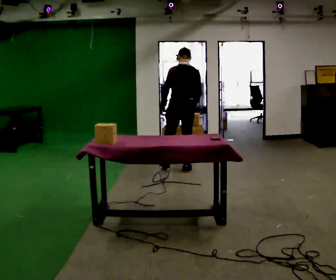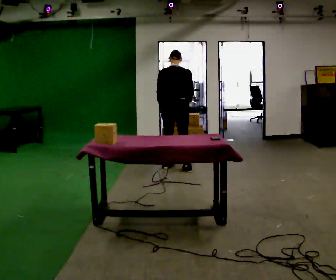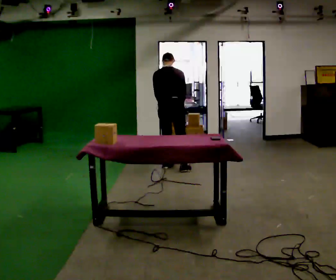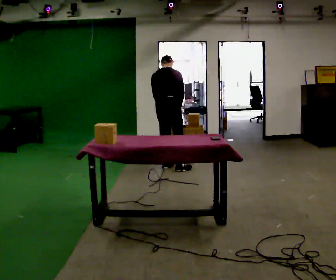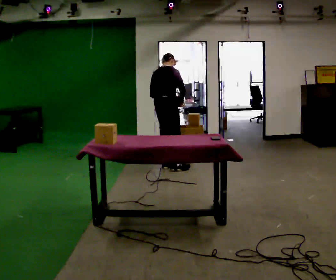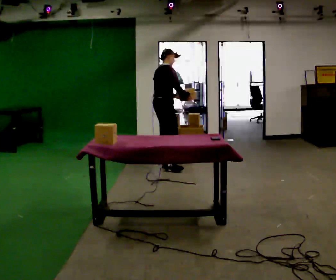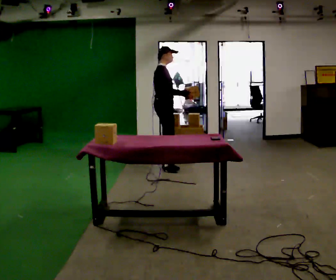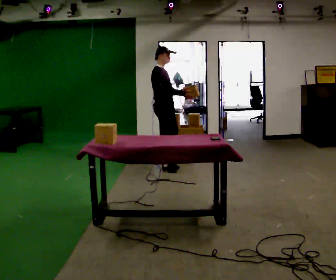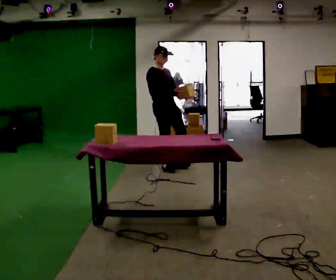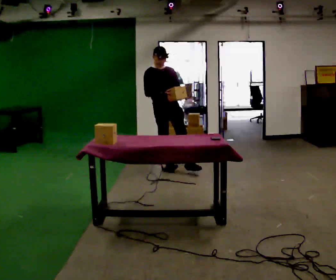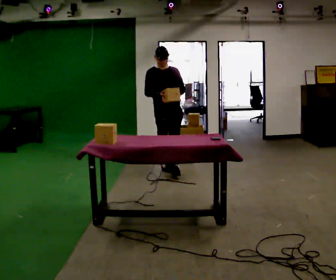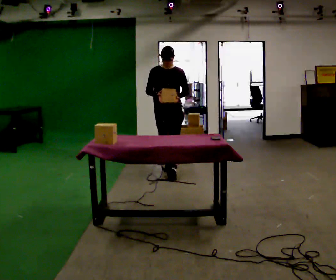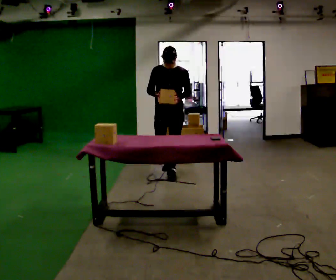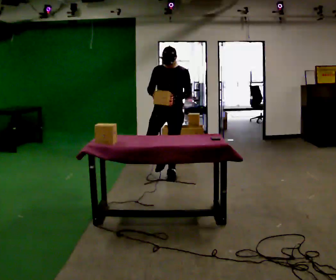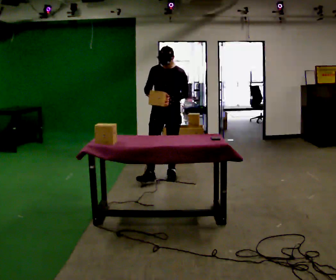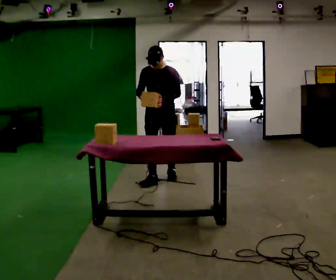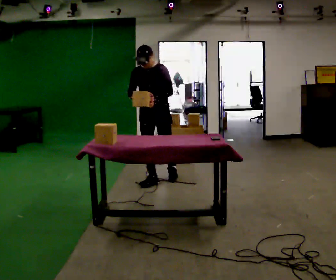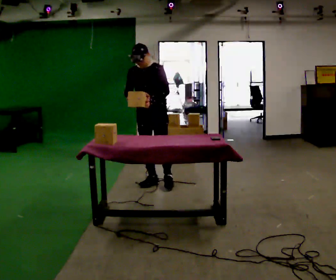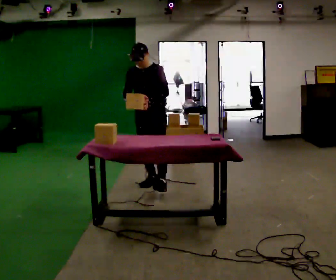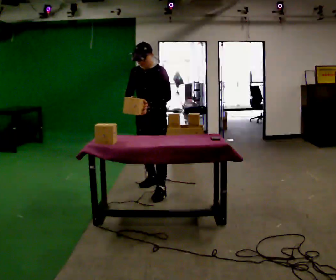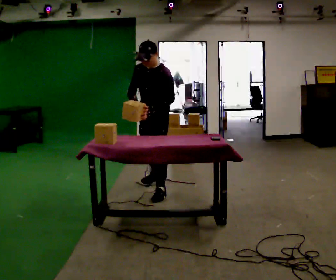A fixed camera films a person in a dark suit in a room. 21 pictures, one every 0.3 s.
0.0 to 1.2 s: Seen from above the body turns clockwise, about 60 degrees: to their right, with its near side sliding to the left. In the picture they go to the left, about 0.25 m in 1 step, which for them is to their left.
1.2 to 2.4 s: The person turns about 90 degrees to their right, clockwise seen from above, so the part of the body nearest the lens slides to the left. The upper body tips toward the camera, its near side rolling downward, as they lean back or straighten.
2.4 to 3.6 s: The part of the body nearest the lens slides to the left as the person turns to their right by about 60 degrees. In the picture they go toward the camera, about 0.25 m in 1 step, which for them is forward.
3.6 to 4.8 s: In the picture they go toward the camera and to the left, about 0.25 m in 1 step, which for them is forward.
4.8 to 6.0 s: Seen from above the body turns clockwise, about 30 degrees: to their right, with its near side sliding to the left. In the picture they go toward the camera, about 0.5 m in 1 step, which for them is forward and to their left.
The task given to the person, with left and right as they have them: 1. Clear everything off the table and put it away on the shelves. 2. Then set the table back up the way the operator shows you in the photo. 3. Tell the operator when you are finished.
The film runs forward here.
